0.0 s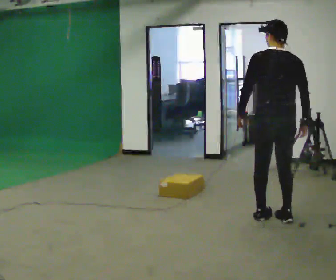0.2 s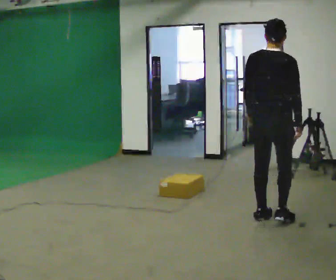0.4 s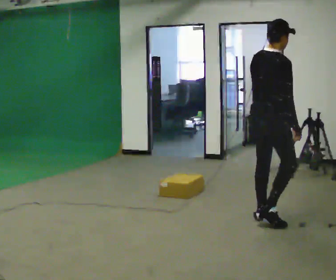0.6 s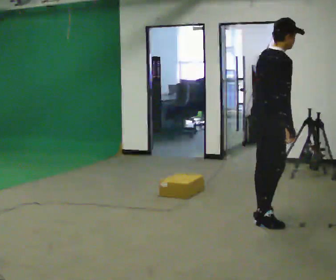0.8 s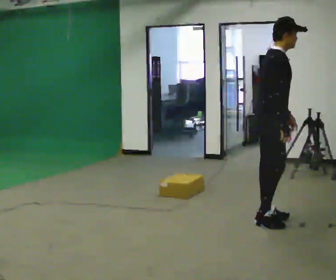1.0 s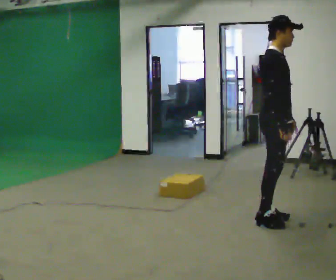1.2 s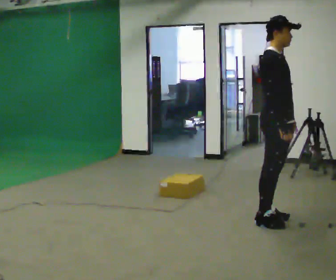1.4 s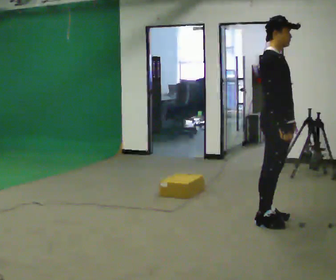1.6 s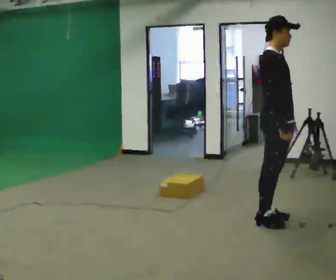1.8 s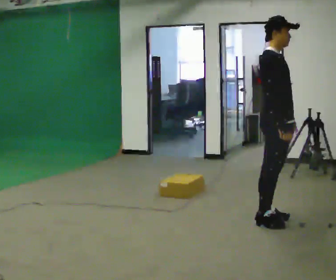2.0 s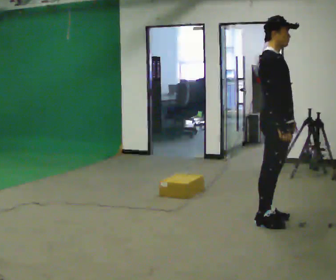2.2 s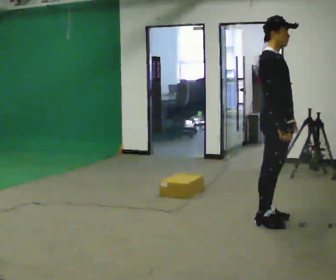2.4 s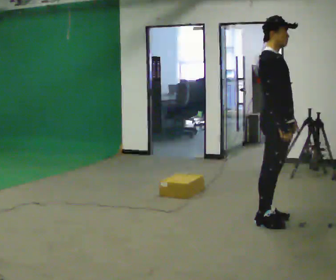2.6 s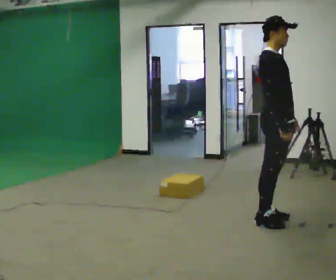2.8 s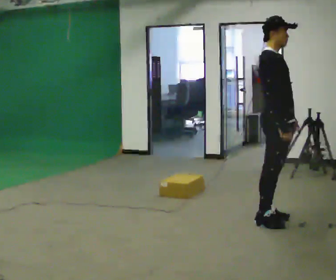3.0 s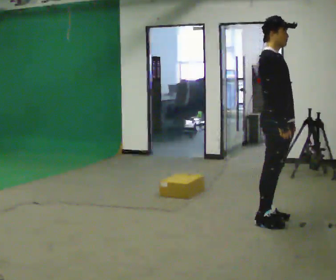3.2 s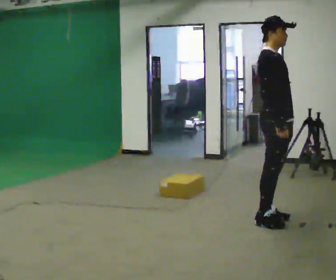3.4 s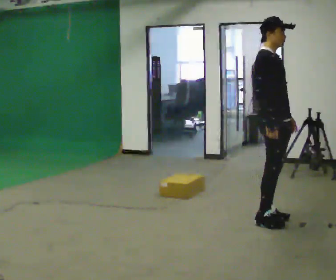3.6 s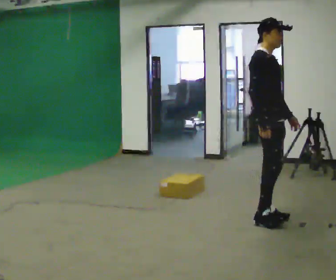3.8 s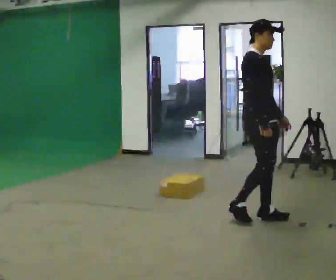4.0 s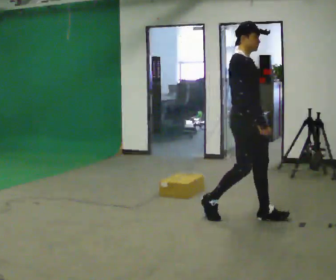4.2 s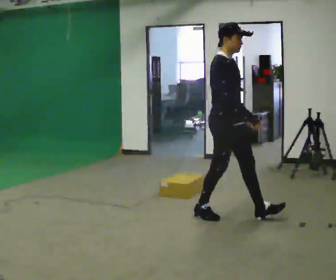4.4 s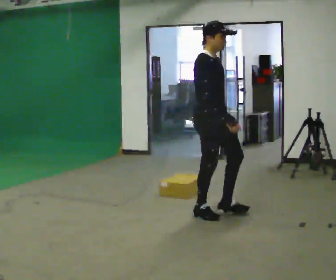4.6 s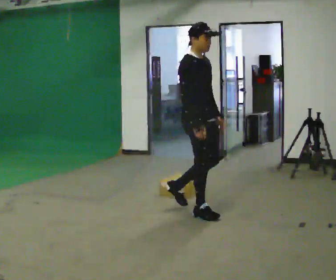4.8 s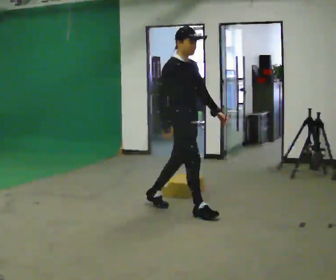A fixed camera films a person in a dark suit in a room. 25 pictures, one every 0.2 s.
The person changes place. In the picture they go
to the left.
The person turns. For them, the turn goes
to their right.
0.0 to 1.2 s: The part of the body nearest the lens slides to the left as the person turns to their right by about 120 degrees. In the picture their left hand goes to the right, the arm swinging counterclockwise.
1.2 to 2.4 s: The person keeps their place and pose.
2.4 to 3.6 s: The person moves a little, or ends about where they began.
3.6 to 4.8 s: In the picture they go to the left, about 1 m in 2 steps, which for them is backward.
The film runs backward here.
